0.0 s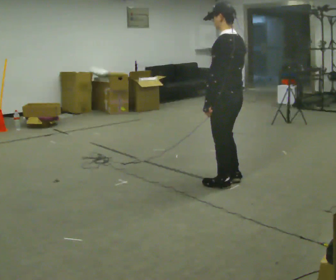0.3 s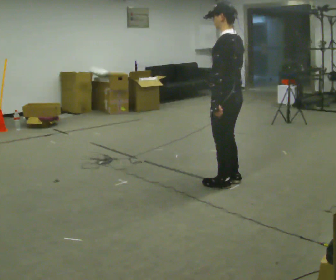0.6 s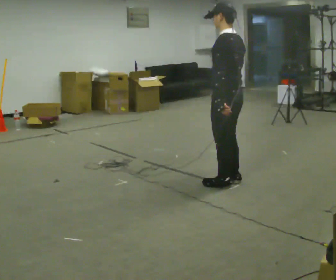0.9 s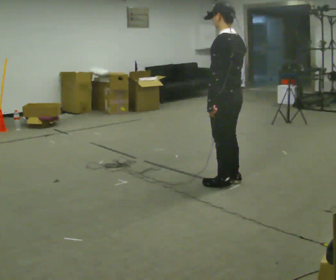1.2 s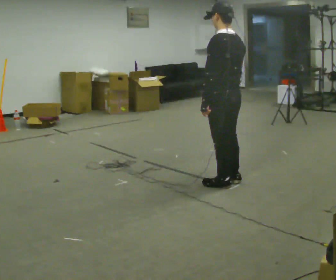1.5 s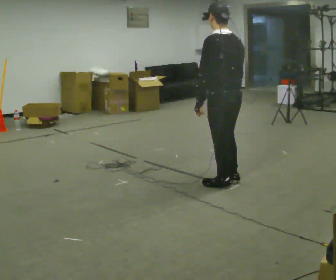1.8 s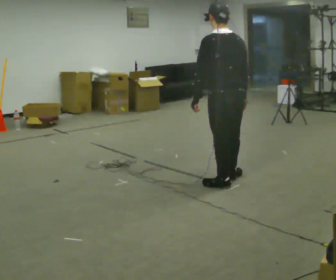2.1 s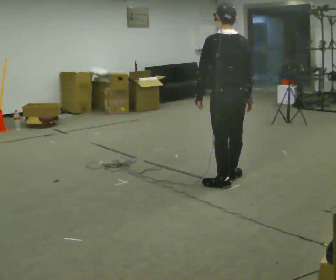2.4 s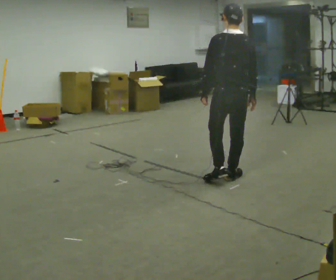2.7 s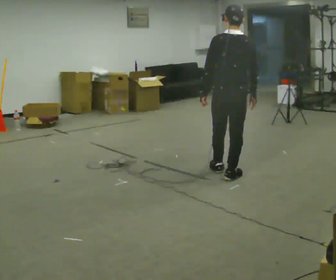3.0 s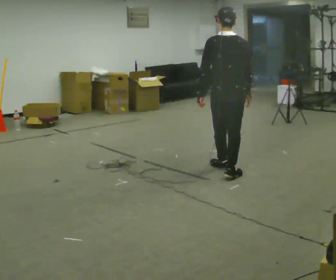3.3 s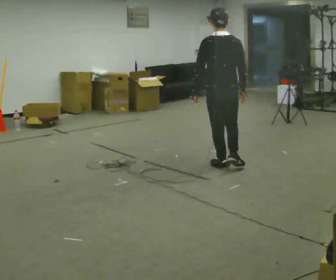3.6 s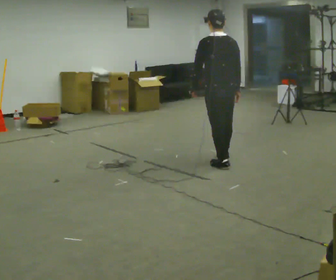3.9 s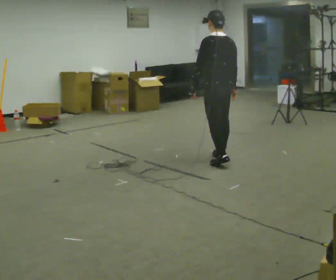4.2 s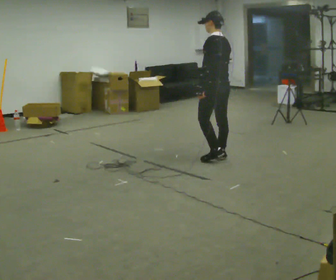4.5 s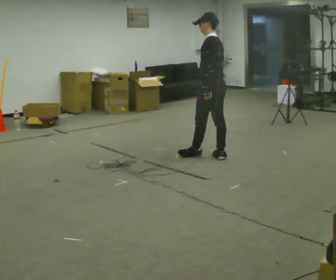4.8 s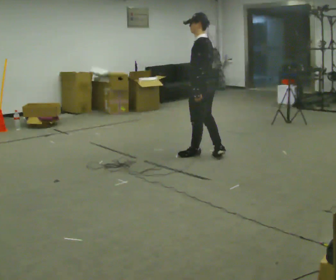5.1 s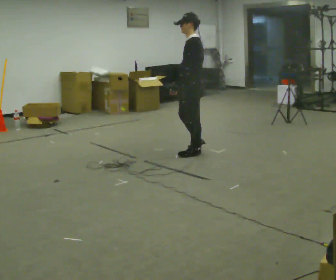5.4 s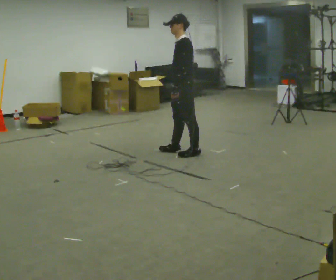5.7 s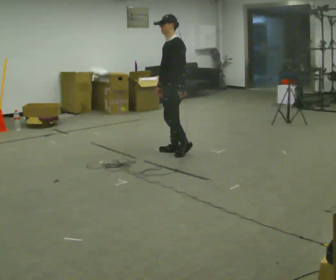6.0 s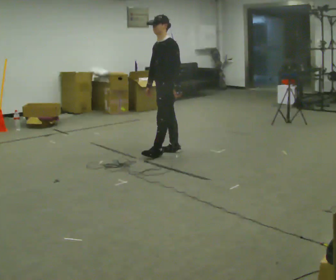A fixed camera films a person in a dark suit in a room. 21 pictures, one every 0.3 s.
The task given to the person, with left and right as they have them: Walk forward; gradually curve left/right; straighten out.
0.0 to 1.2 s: The person moves a little, or ends about where they began.
1.2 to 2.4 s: The part of the body nearest the lens slides to the left as the person turns to their right by about 45 degrees. In the picture they go away from the camera, about 0.25 m, which for them is forward and to their right.
2.4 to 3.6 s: In the picture they go away from the camera, about 0.5 m in 1 step, which for them is forward.
3.6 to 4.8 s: The part of the body nearest the lens slides to the right as the person turns to their left by about 45 degrees. In the picture they go away from the camera and to the left, about 0.5 m in 2 steps, which for them is forward and to their right.
4.8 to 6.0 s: Seen from above the body turns counterclockwise, about 60 degrees: to their left, with its near side sliding to the right. In the picture they go to the left, about 0.5 m in 1 step, which for them is forward and to their right.
The film runs forward here.
